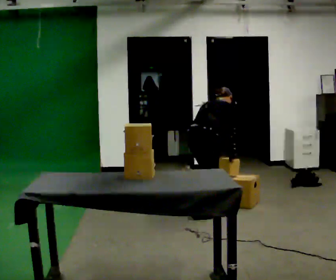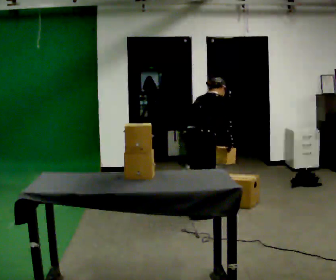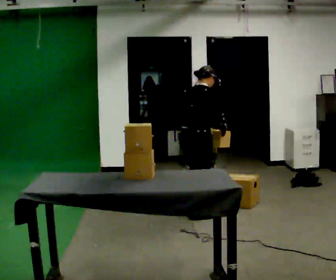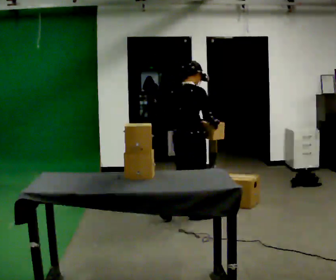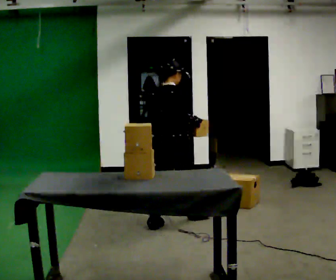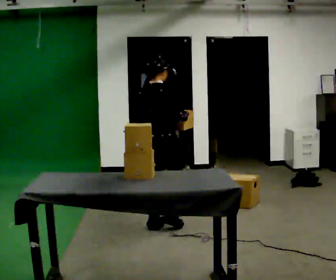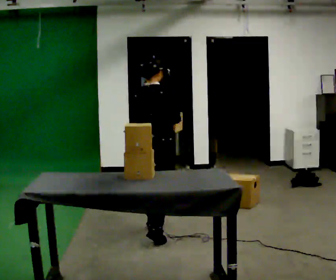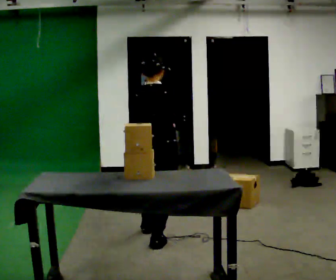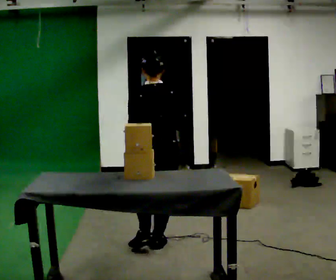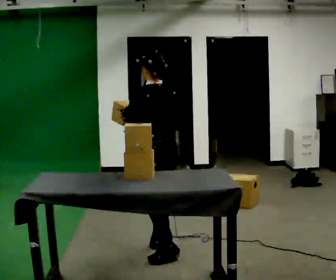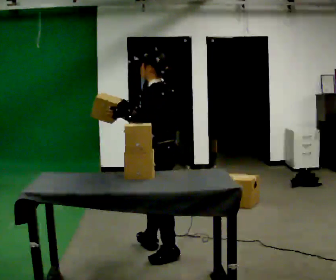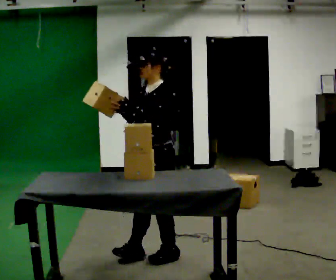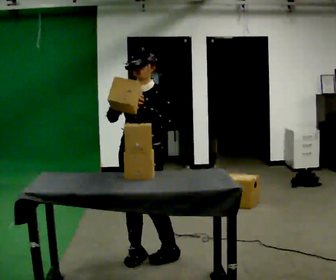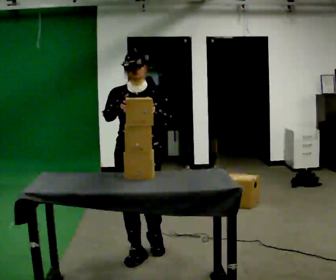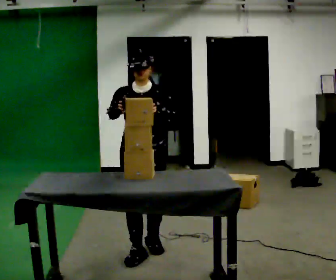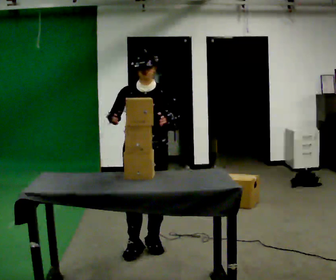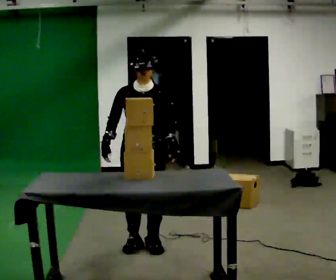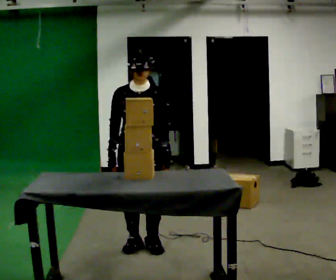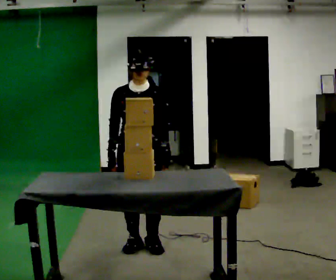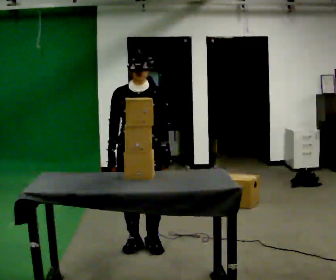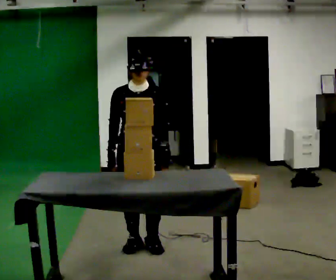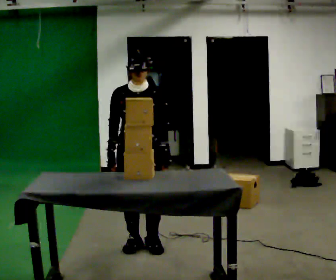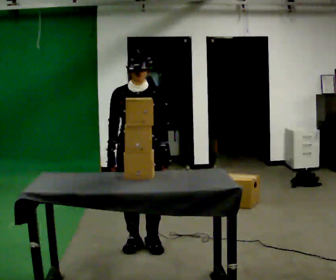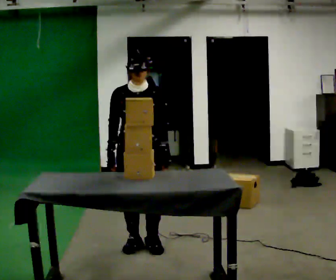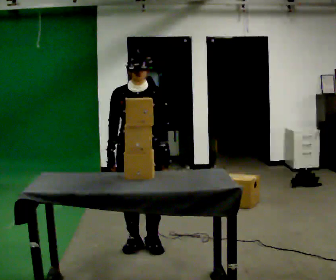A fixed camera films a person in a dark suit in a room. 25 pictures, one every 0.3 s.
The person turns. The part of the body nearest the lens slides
to the right.
The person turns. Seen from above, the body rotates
counterclockwise.
0.0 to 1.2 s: In the picture they go to the left and toward the camera, about 0.5 m in 1 step, which for them is backward. The shoulders move upward. The upper body tips toward the camera, its near side rolling downward, as they lean back or straighten. In the picture their right hand goes upward.
1.2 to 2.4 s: The part of the body nearest the lens slides to the right as the person turns to their left by about 45 degrees. In the picture they go toward the camera, about 0.5 m in 2 steps, which for them is backward.
2.4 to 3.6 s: The part of the body nearest the lens slides to the right as the person turns to their left by about 150 degrees. In the picture they go toward the camera and to the left, about 0.25 m in 1 step.
3.6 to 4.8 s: Seen from above the body turns counterclockwise, about 30 degrees: to their left, with its near side sliding to the right. In the picture they go away from the camera, about 0.25 m in 2 steps, which for them is backward.
4.8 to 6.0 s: The person moves a little, or ends about where they began.
6.0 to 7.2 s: The person keeps their place and pose.
The film runs backward here.
